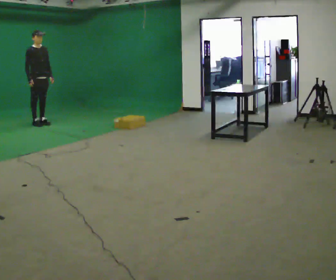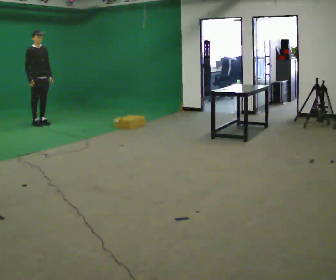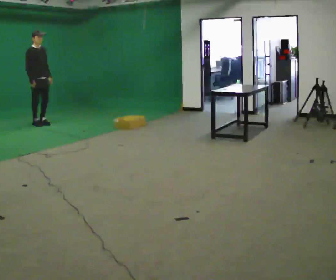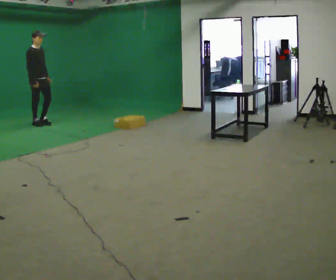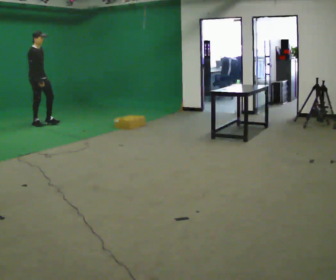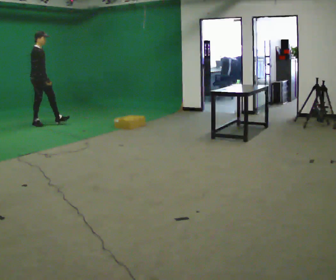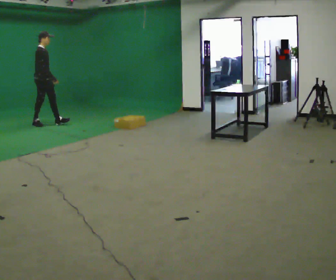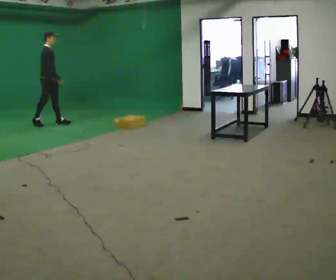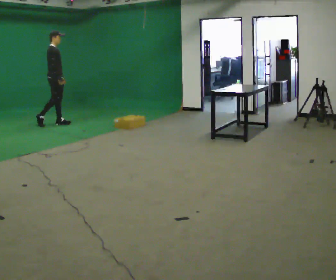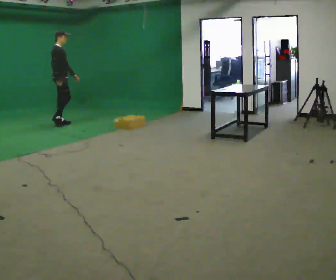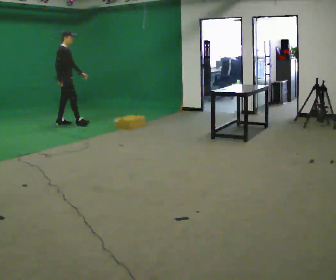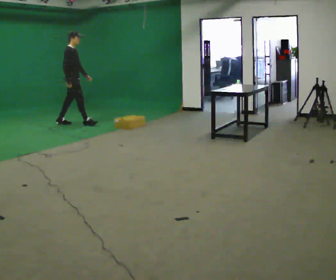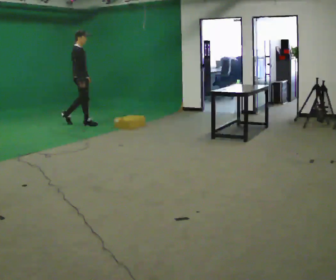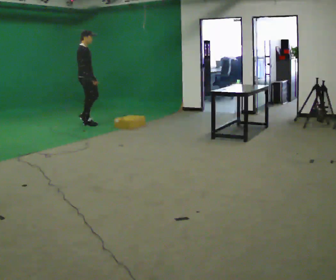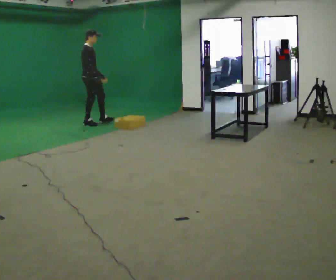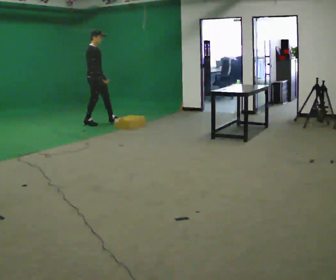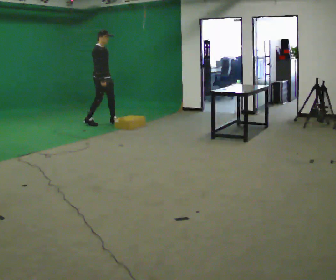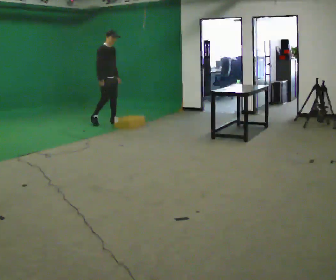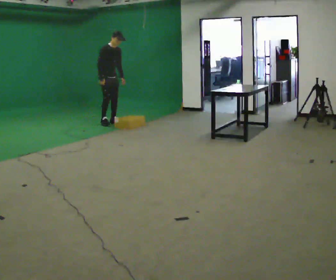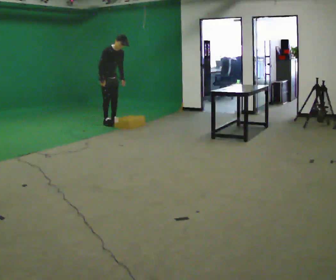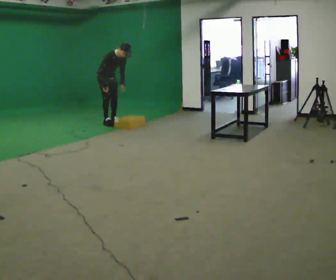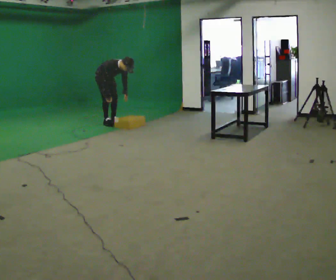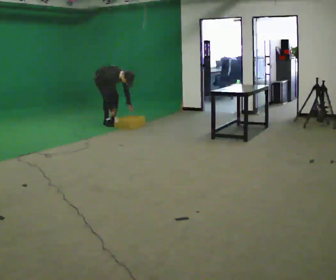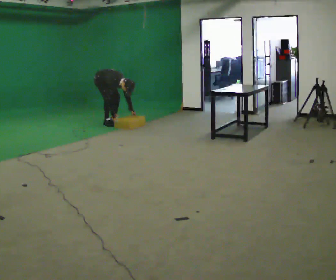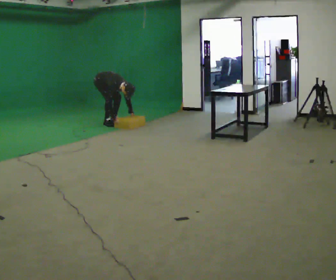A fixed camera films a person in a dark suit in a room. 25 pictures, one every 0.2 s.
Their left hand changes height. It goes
downward.
The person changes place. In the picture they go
to the right.
0.0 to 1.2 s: The person turns about 30 degrees to their left, counterclockwise seen from above, so the part of the body nearest the lens slides to the right.
1.2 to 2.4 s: In the picture they go to the right, about 0.5 m in 1 step, which for them is forward.
2.4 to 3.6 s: The part of the body nearest the lens slides to the left as the person turns to their right by about 45 degrees. In the picture they go to the right, about 0.5 m in 1 step, which for them is forward and to their left. In the picture the upper body tilts clockwise, shoulders to the right, as they bend forward.
3.6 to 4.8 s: The shoulders move downward. In the picture the upper body tilts clockwise, shoulders to the right, as they bend forward. In the picture their left hand goes downward.
The film runs forward here.
